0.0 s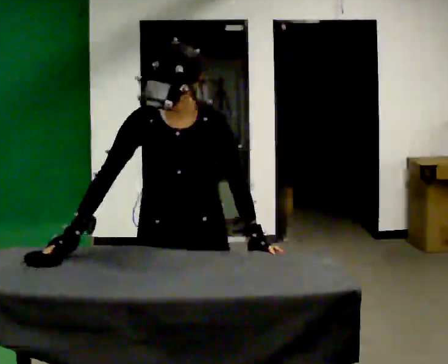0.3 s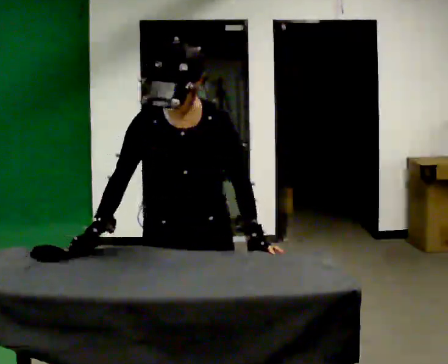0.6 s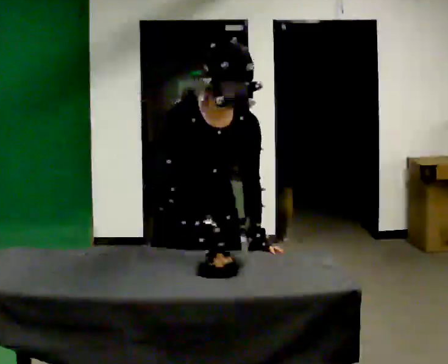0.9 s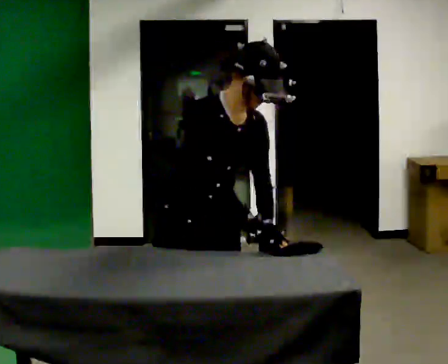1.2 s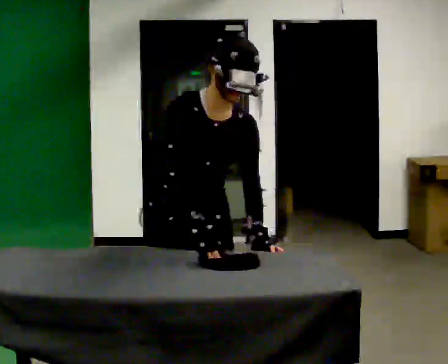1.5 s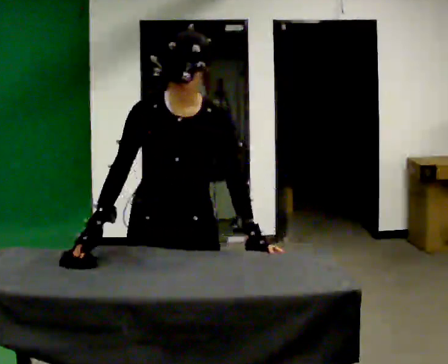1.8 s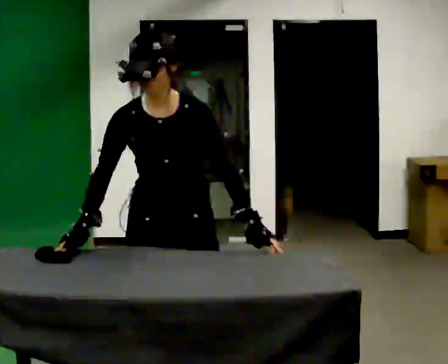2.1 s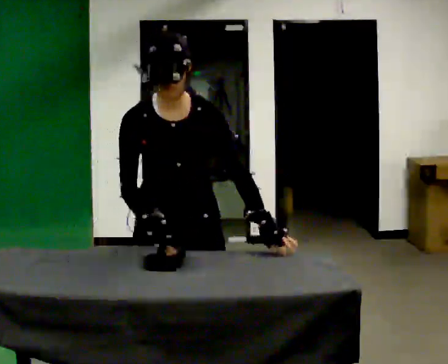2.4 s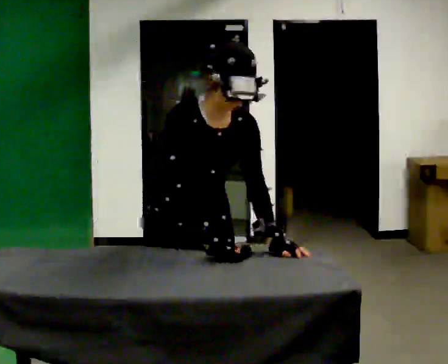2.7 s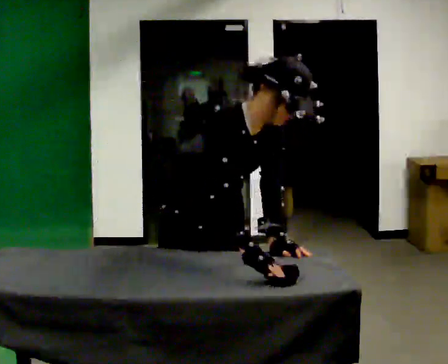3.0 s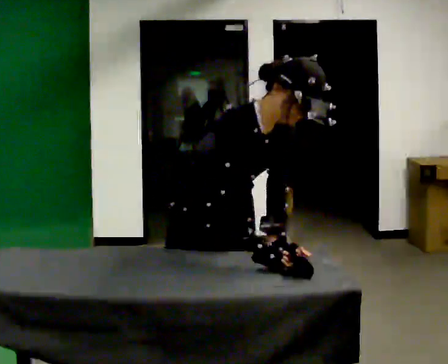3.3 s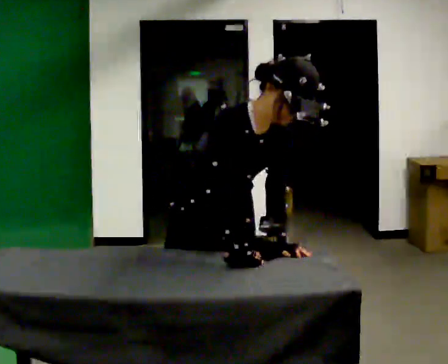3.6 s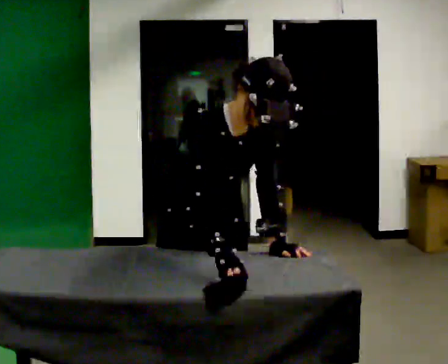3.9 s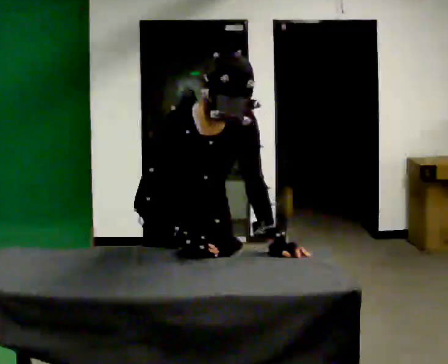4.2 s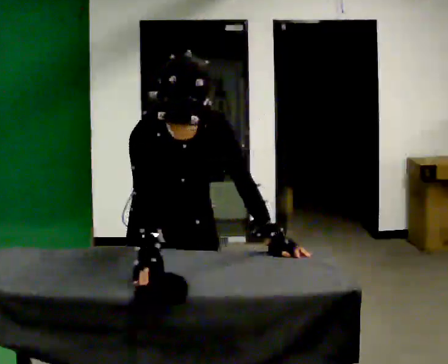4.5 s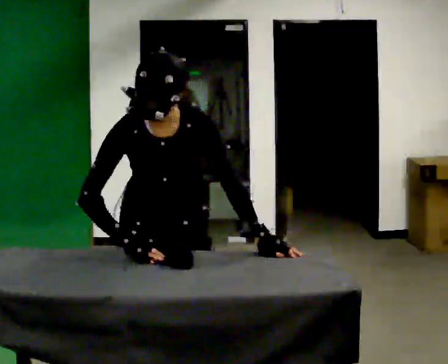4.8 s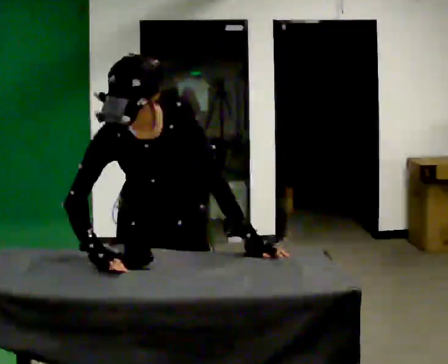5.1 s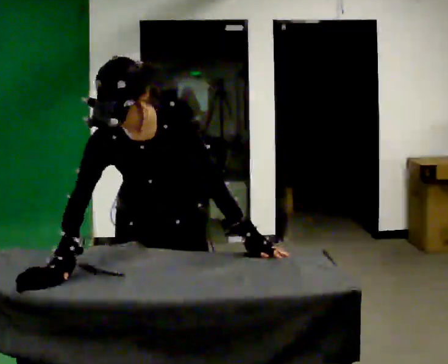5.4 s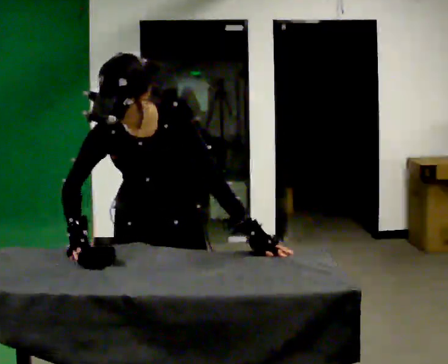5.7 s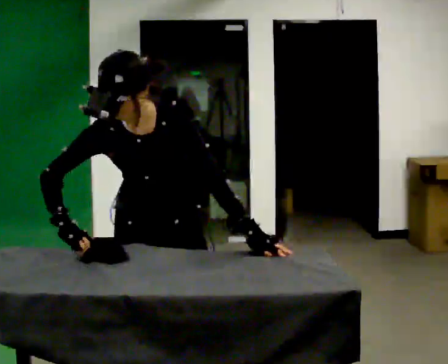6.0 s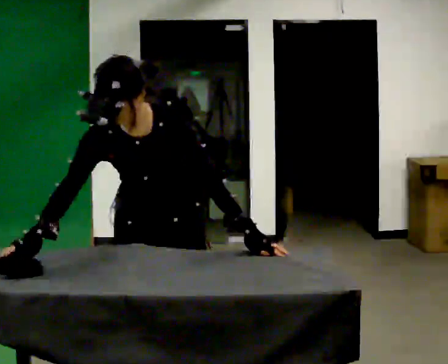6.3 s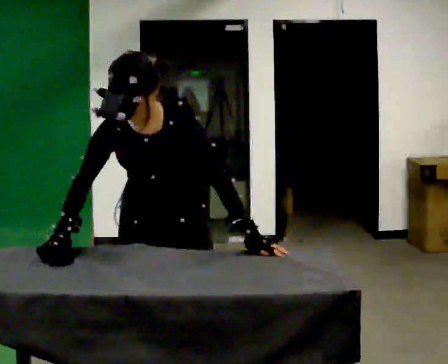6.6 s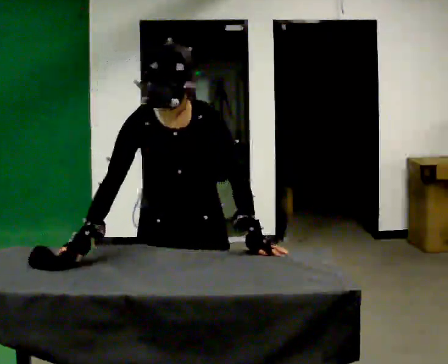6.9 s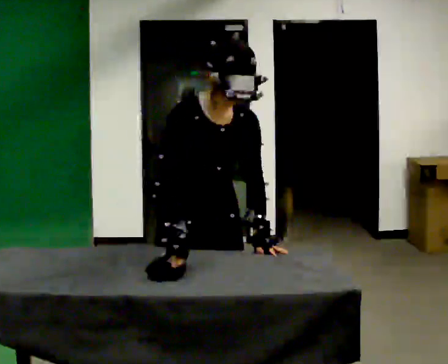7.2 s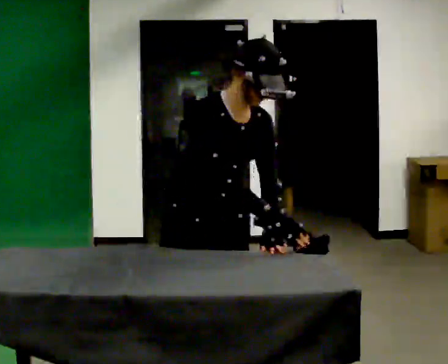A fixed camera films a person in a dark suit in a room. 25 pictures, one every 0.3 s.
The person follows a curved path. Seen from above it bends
counterclockwise.
0.0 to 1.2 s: In the picture their right hand goes to the right.
1.2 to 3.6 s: The person moves a little, or ends about where they began.
3.6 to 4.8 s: In the picture they go to the left, about 0.25 m, which for them is to their right. In the picture the upper body tilts counterclockwise, shoulders to the left.
4.8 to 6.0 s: The person moves a little, or ends about where they began.
6.0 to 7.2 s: The part of the body nearest the lens slides to the right as the person turns to their left by about 30 degrees. In the picture they go to the right, about 0.25 m, which for them is to their left. In the picture the upper body tilts clockwise, shoulders to the right. In the picture their right hand goes to the right, the arm swinging counterclockwise.
The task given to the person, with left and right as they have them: Cover the whole panel with the brush or roller, using long strokes. Repeat at your own pace until the operator says stop. Keep both feet on the marked spots for the whole take. If you have to step, stop and tell the operator.
The film runs forward here.
